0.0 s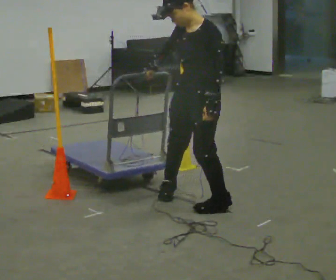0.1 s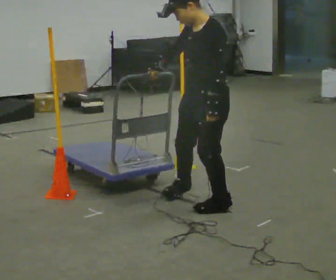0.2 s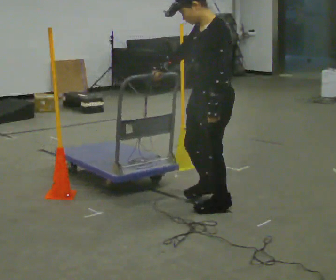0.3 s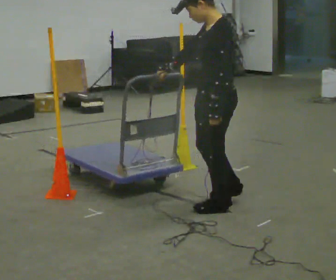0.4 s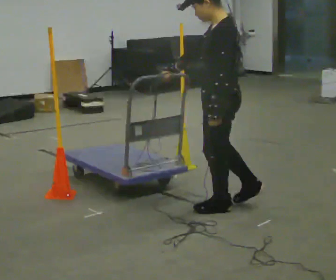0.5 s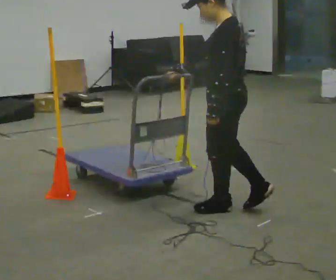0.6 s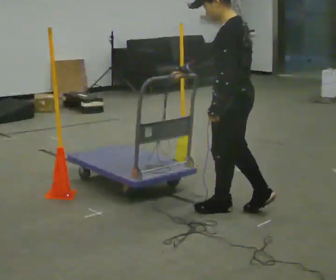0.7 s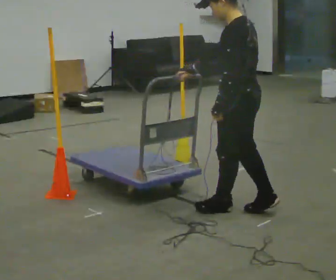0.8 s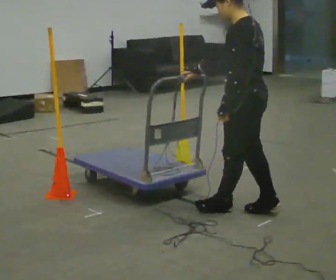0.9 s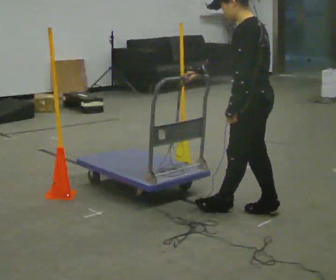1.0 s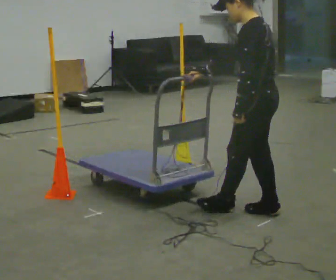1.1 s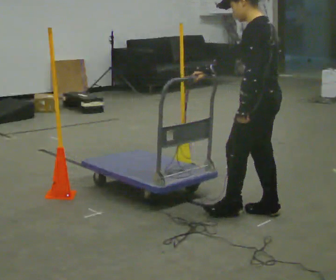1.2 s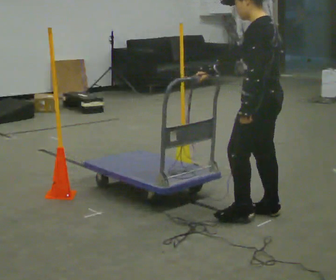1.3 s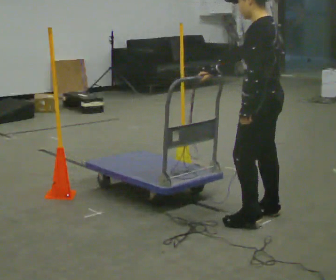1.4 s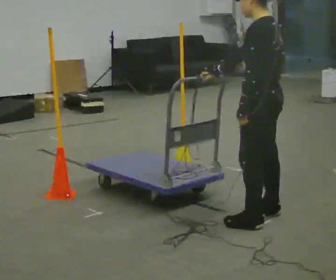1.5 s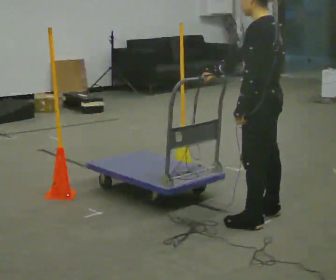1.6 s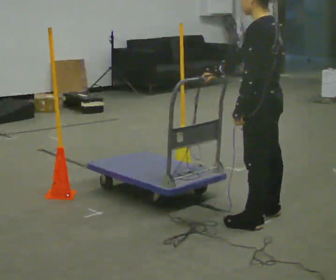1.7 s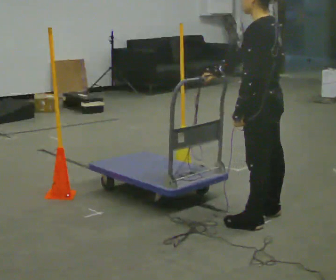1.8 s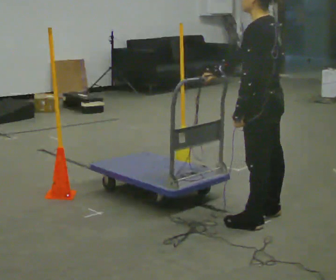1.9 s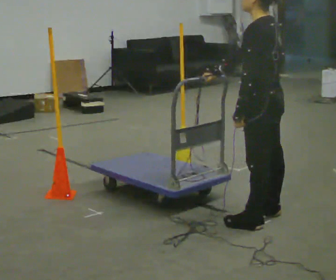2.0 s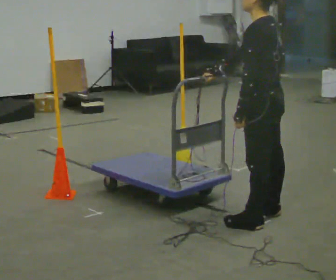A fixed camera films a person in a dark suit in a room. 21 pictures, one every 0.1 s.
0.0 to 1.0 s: Seen from above the body turns clockwise, about 60 degrees: to their right, with its near side sliding to the left. In the picture they go to the right, about 0.5 m in 1 step, which for them is backward.
1.0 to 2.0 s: The person moves a little, or ends about where they began.
The film runs forward here.
